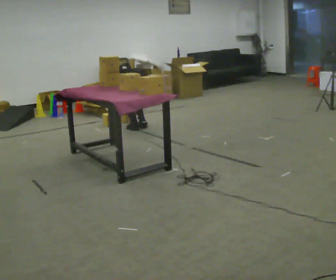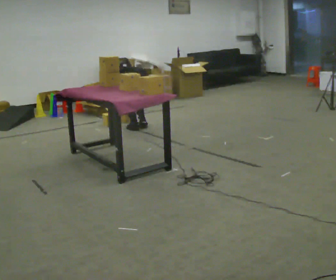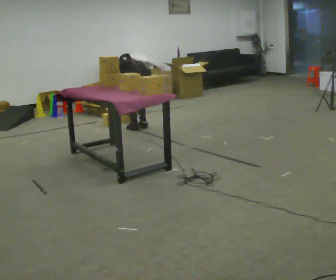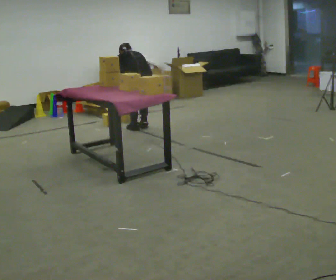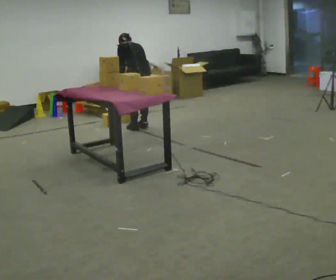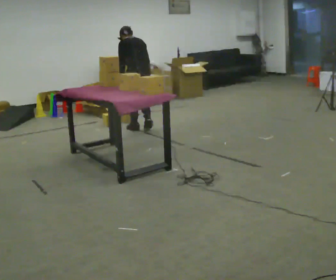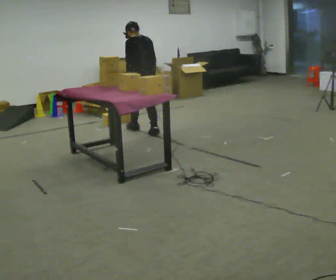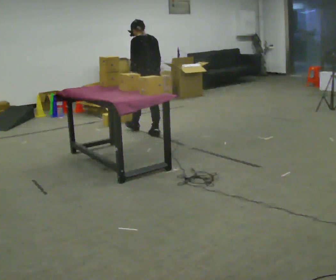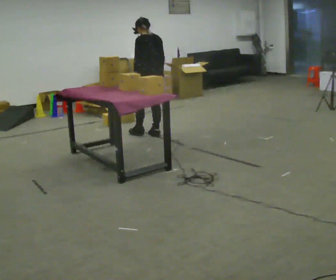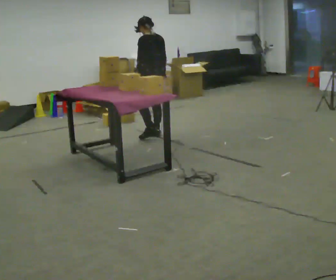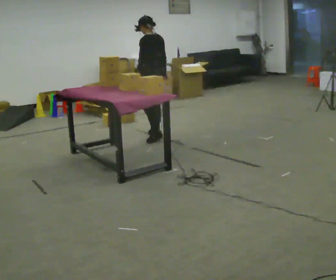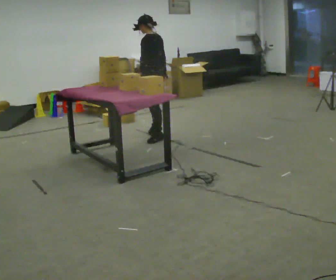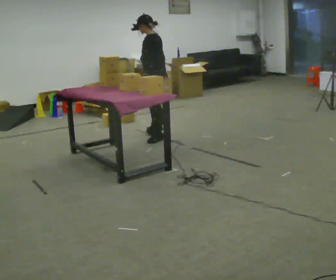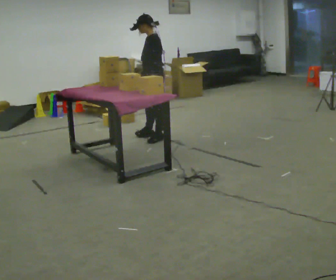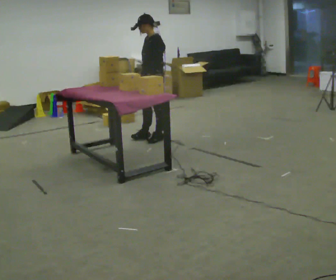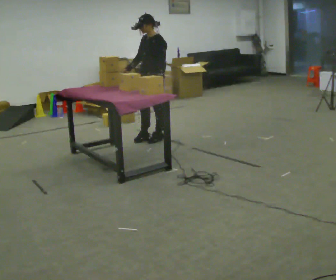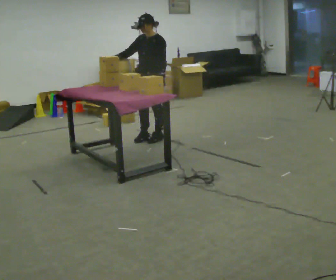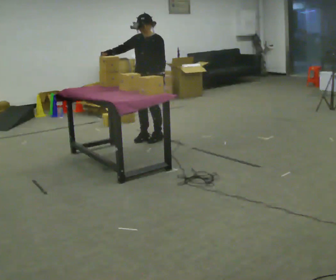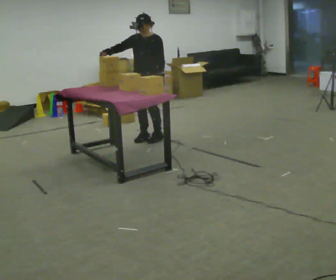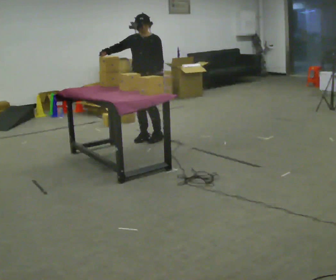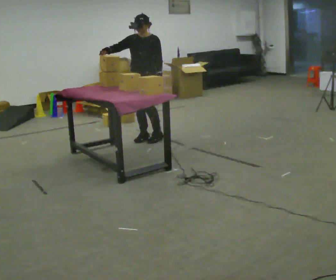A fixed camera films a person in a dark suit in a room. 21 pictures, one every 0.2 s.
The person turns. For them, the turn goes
to their left.
The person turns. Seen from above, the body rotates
counterclockwise.
0.0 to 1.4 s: In the picture they go toward the camera, about 0.25 m in 2 steps, which for them is backward. The shoulders move upward. The upper body tips toward the camera, its near side rolling downward, as they lean back or straighten. In the picture their left hand goes upward.
1.4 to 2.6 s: The person turns about 60 degrees to their left, counterclockwise seen from above, so the part of the body nearest the lens slides to the right. In the picture they go toward the camera, about 0.25 m in 1 step.
2.6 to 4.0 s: The person turns about 60 degrees to their left, counterclockwise seen from above, so the part of the body nearest the lens slides to the right. In the picture their right hand goes to the left and upward, the arm swinging clockwise.
The film runs backward here.
